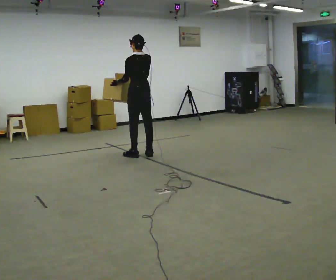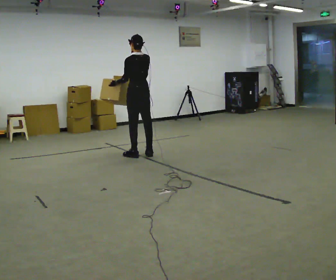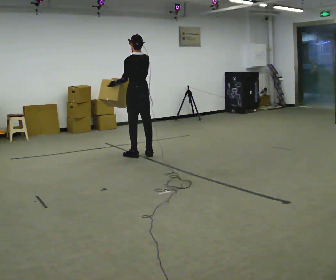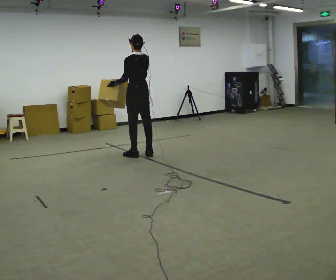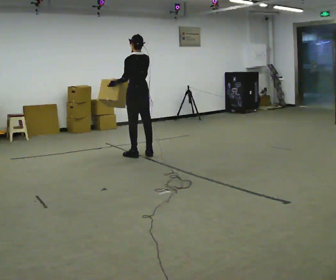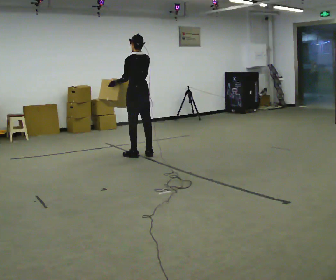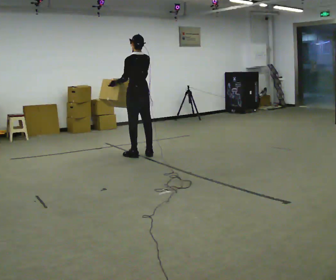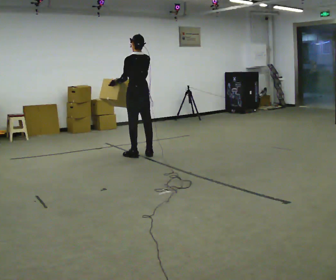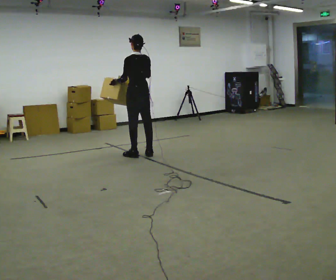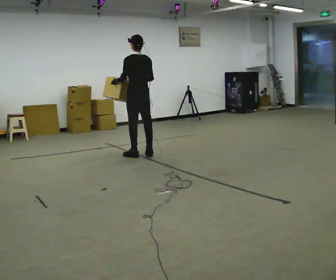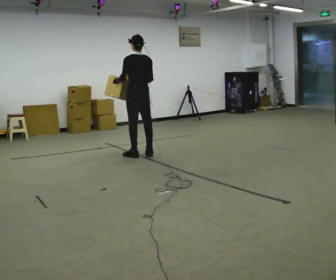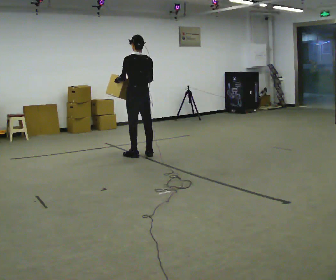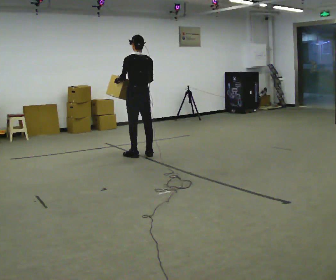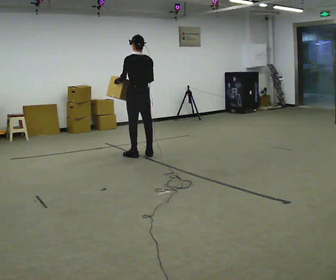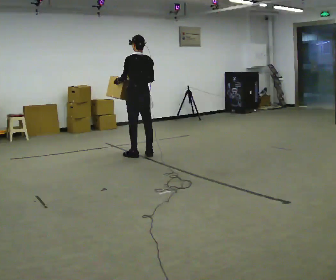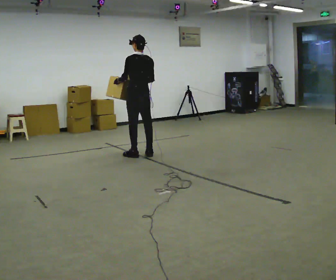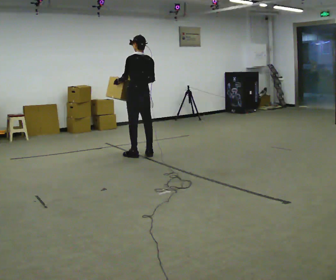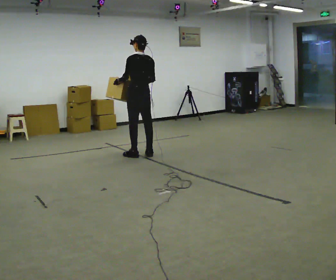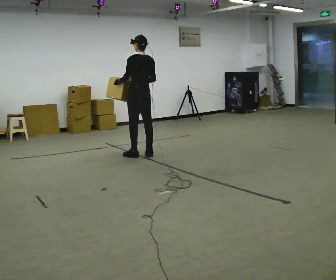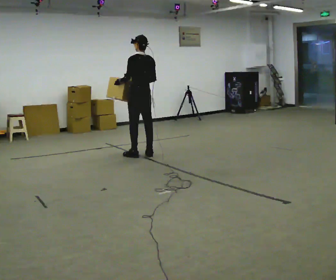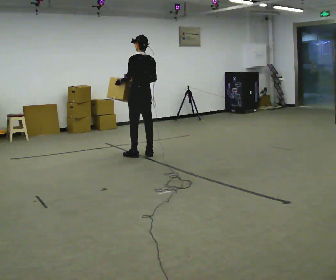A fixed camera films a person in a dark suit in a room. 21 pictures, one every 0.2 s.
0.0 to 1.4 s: The person moves a little, or ends about where they began.
1.4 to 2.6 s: In the picture their right hand goes downward.
2.6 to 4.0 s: The person moves a little, or ends about where they began.
The film runs forward here.
